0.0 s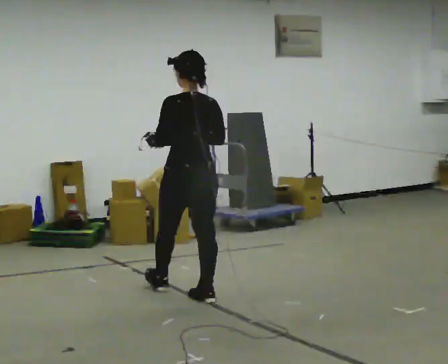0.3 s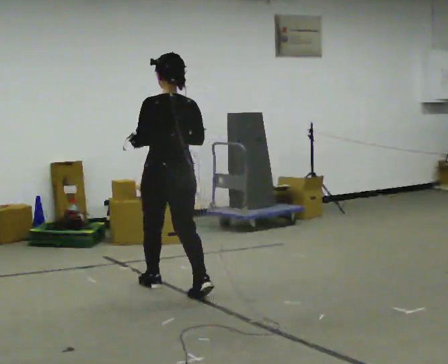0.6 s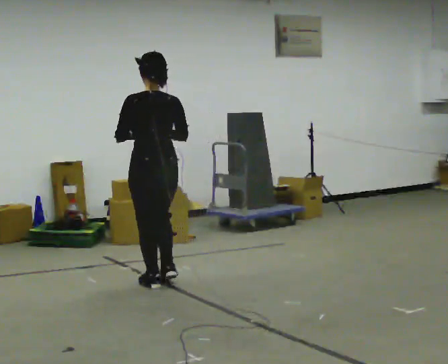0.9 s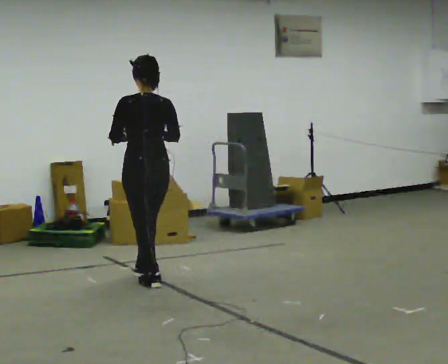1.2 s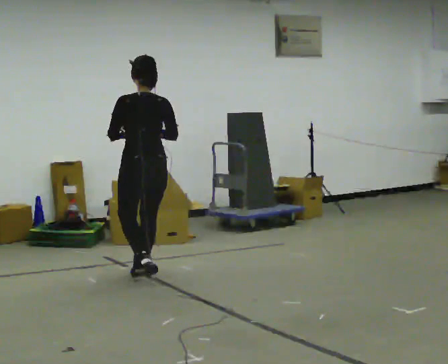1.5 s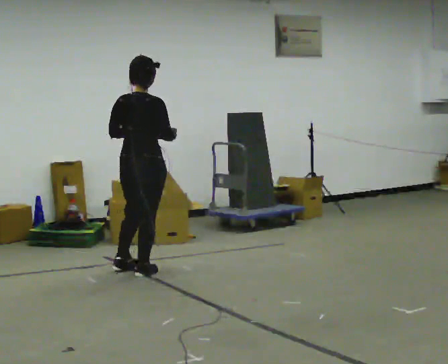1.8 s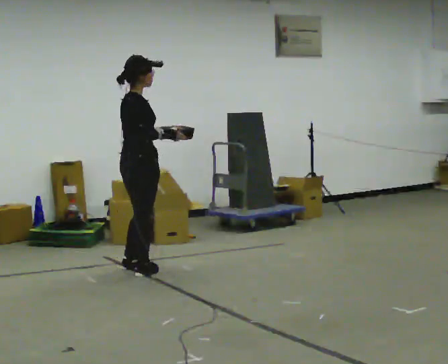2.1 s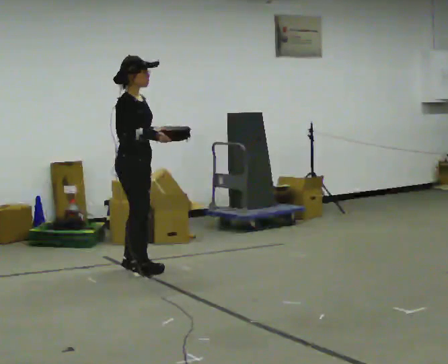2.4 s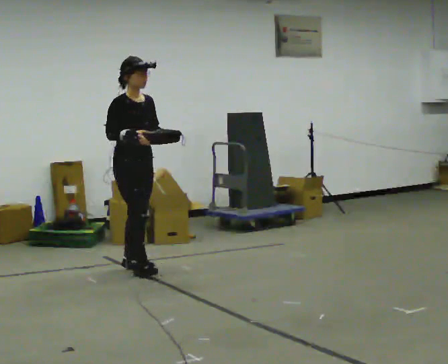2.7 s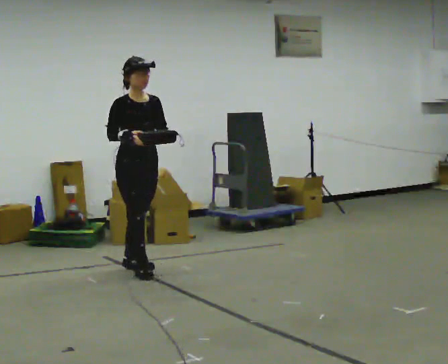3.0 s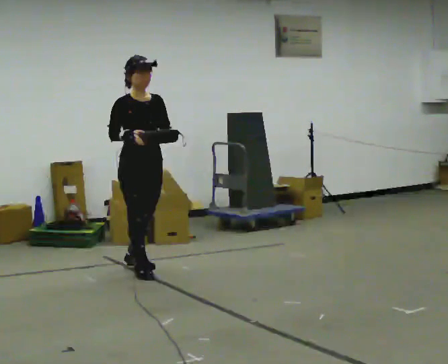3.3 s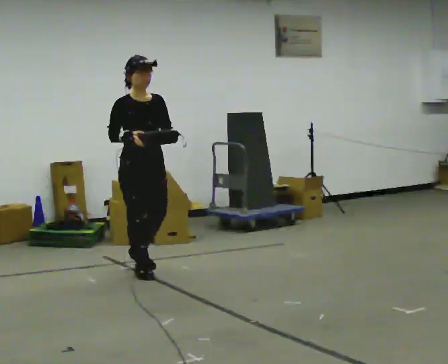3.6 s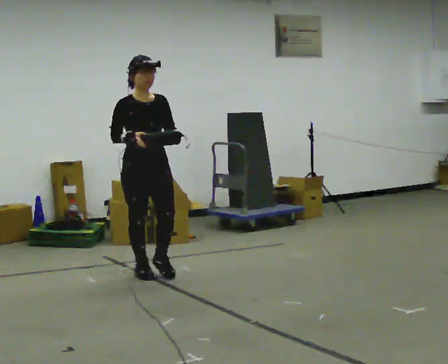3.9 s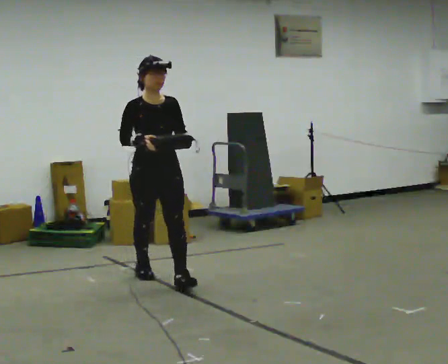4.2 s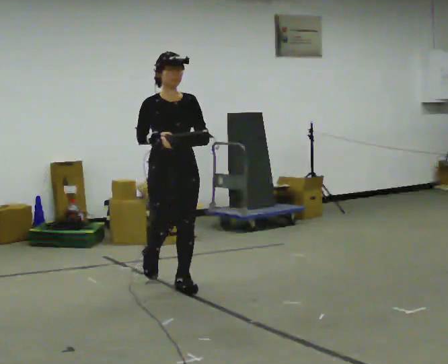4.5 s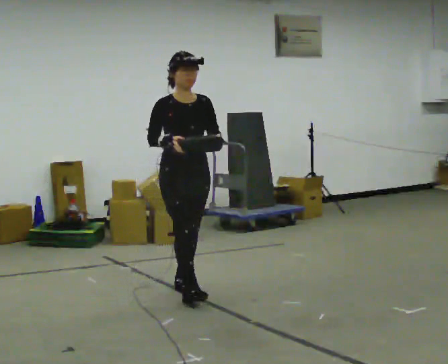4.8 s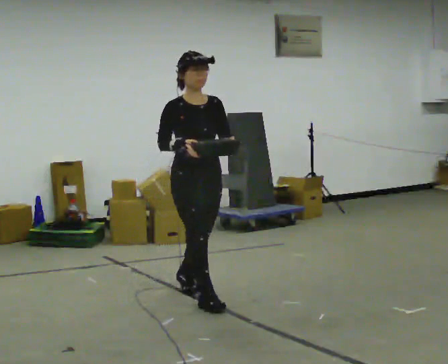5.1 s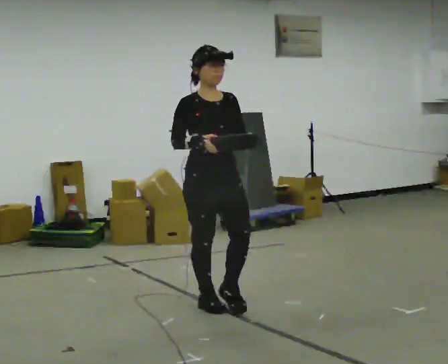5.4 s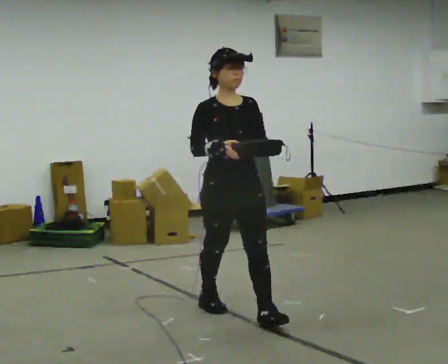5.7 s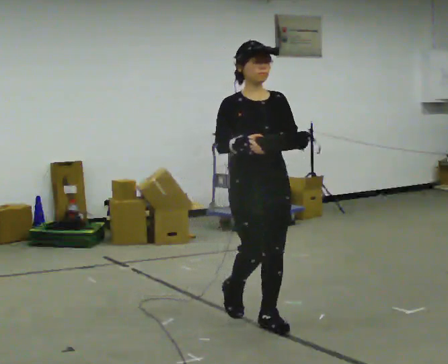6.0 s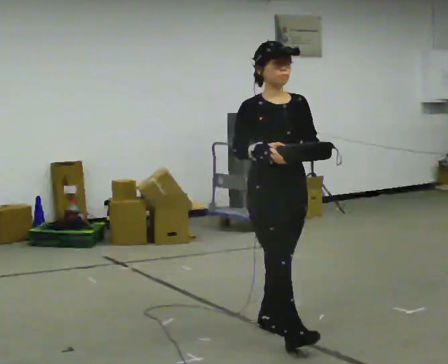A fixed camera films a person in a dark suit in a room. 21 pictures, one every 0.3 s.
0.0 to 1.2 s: In the picture they go away from the camera and to the left, about 0.5 m in 2 steps, which for them is forward.
1.2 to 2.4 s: Seen from above the body turns clockwise, about 150 degrees: to their right, with its near side sliding to the left. In the picture they go away from the camera, about 0.25 m in 1 step.
2.4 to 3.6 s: The part of the body nearest the lens slides to the left as the person turns to their right by about 30 degrees. In the picture they go toward the camera, about 0.25 m, which for them is forward.
3.6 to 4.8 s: In the picture they go toward the camera and to the right, about 1 m in 2 steps, which for them is forward.
4.8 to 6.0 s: In the picture they go toward the camera and to the right, about 1 m in 1 step, which for them is forward.
The film runs forward here.
